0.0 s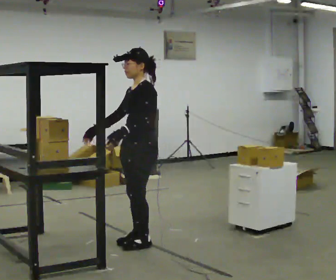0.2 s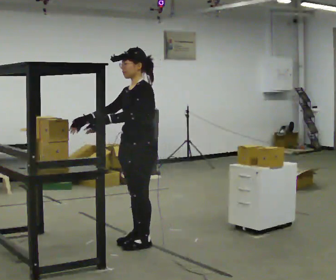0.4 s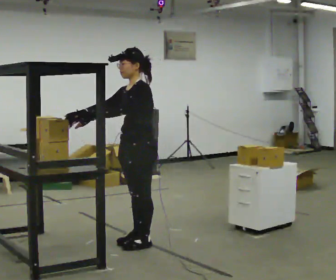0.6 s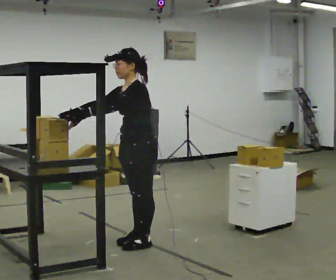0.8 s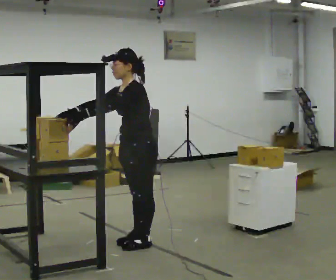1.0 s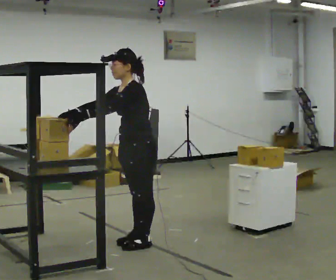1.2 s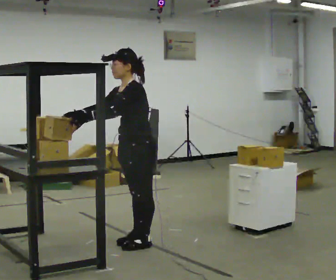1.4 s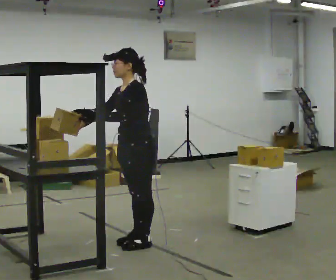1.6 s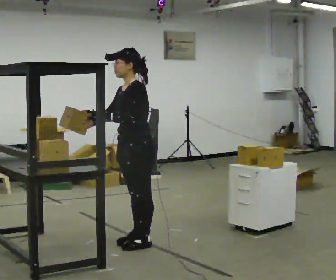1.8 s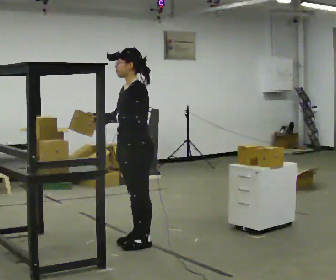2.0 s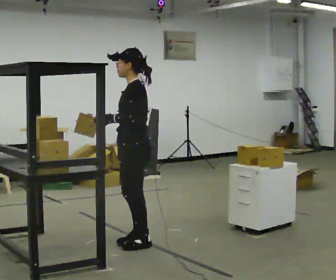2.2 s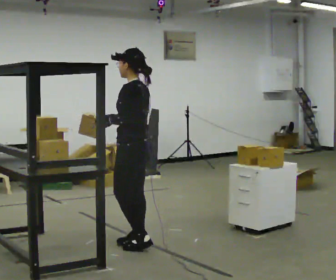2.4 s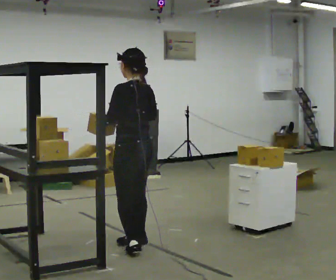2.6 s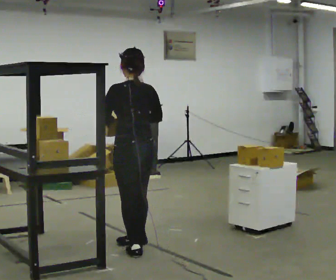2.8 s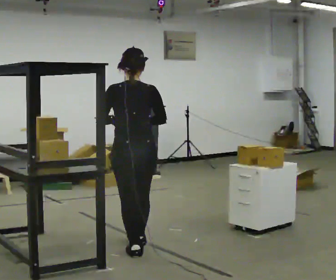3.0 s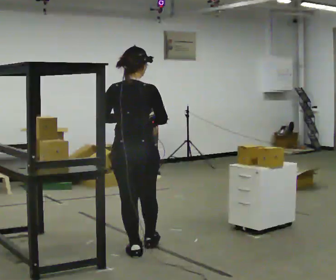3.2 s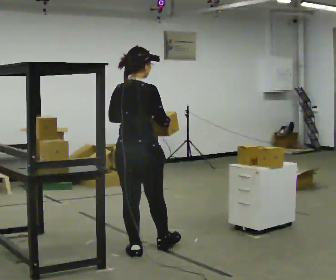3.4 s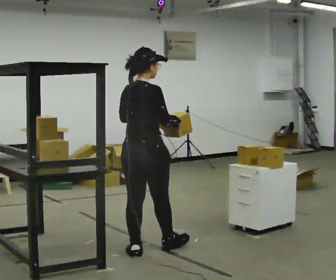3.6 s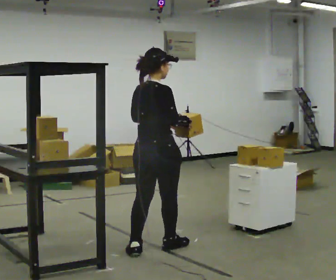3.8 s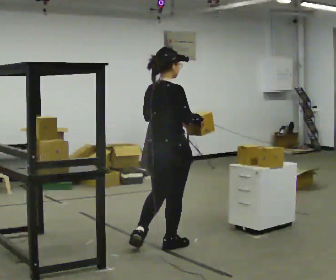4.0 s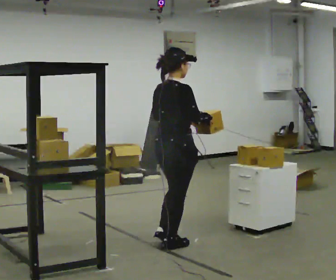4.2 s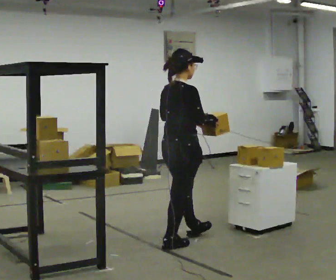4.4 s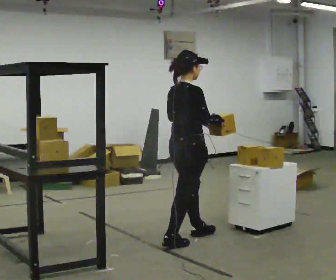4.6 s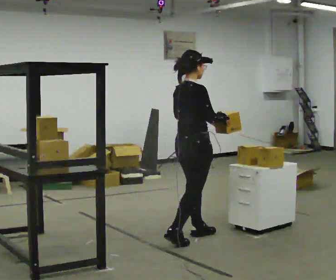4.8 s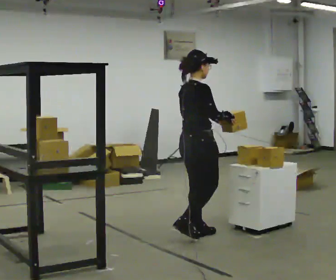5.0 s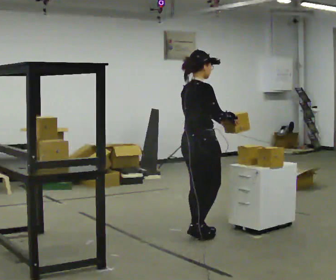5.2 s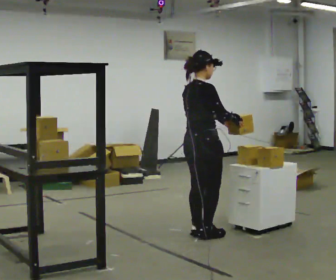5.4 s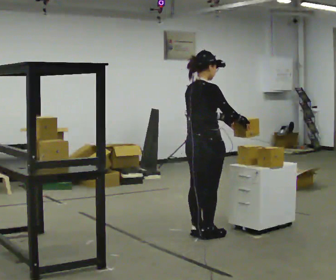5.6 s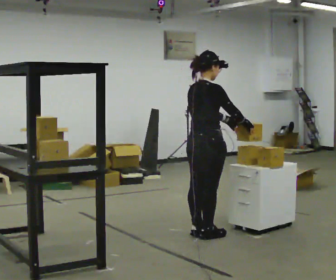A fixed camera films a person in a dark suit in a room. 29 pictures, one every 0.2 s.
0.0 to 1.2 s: The person moves a little, or ends about where they began.
1.2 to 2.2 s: The part of the body nearest the lens slides to the left as the person turns to their right by about 45 degrees. In the picture their right hand goes to the right.
2.2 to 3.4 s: Seen from above the body turns clockwise, about 105 degrees: to their right, with its near side sliding to the left. In the picture they go toward the camera, about 0.25 m in 2 steps. In the picture their right hand goes to the right.
3.4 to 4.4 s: In the picture they go to the right and away from the camera, about 0.5 m in 1 step, which for them is forward.
4.4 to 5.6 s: In the picture they go away from the camera and to the right, about 0.25 m in 1 step, which for them is forward. In the picture their right hand goes to the right.
The film runs forward here.
